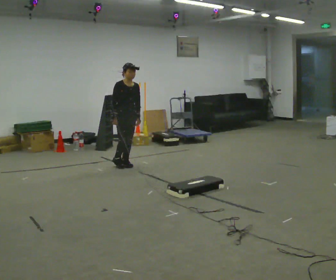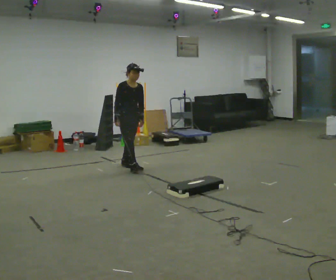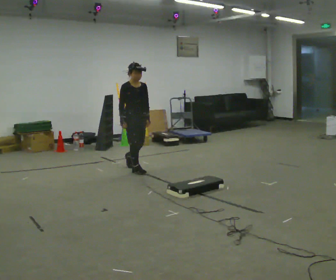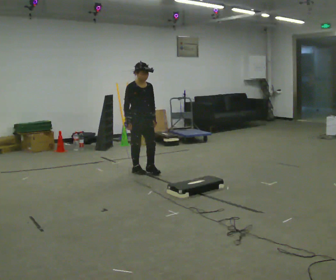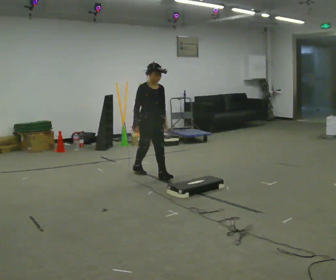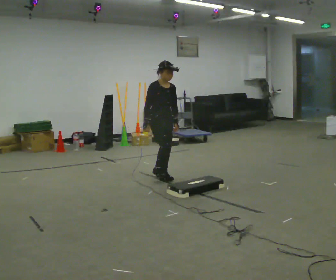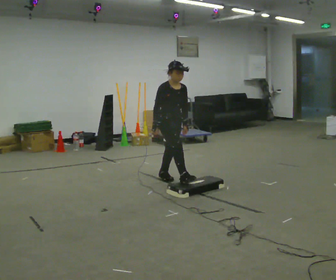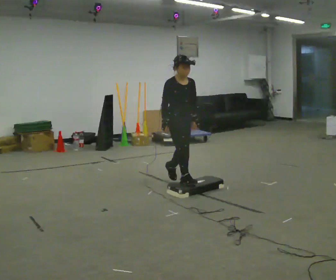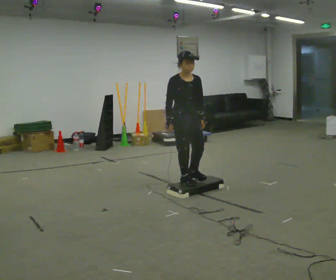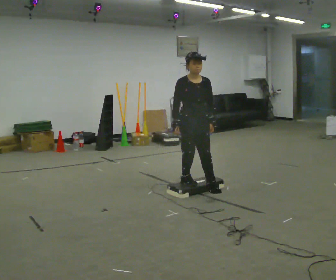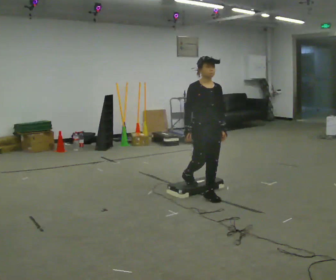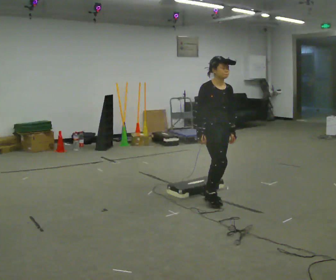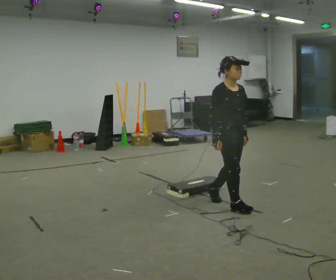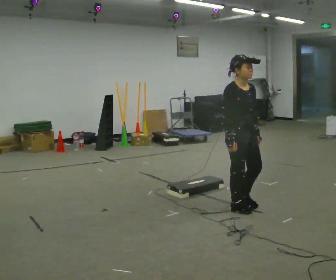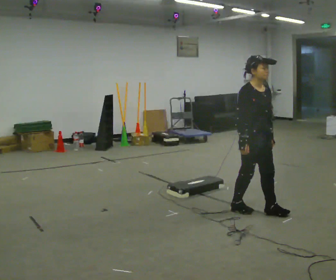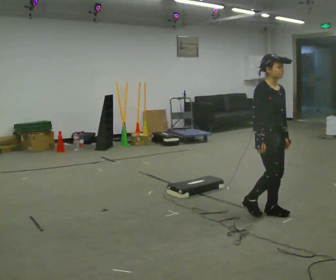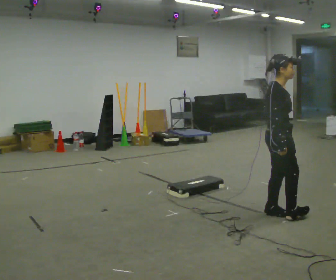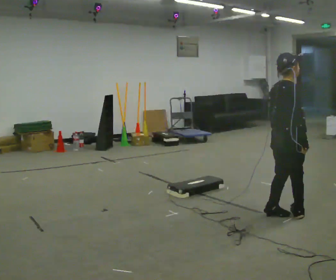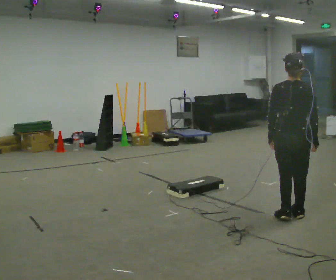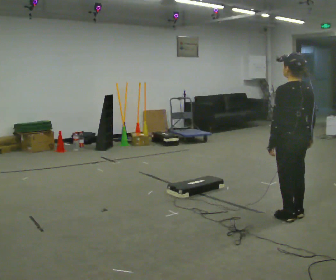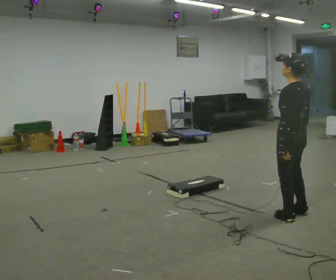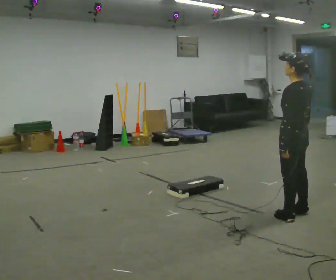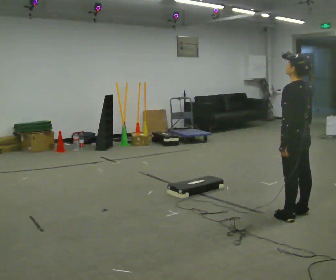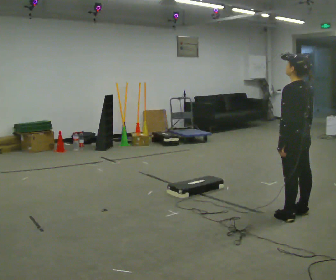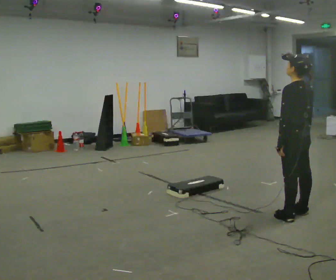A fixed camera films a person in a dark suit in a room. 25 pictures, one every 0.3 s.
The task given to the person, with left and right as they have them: Walk to the platform; step up onto it; step down the other side; continue walking.
0.0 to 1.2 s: In the picture they go toward the camera and to the right, about 0.75 m in 2 steps, which for them is forward.
1.2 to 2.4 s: In the picture they go toward the camera and to the right, about 1 m in 1 step, which for them is forward.
2.4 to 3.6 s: In the picture they go toward the camera and to the right, about 0.5 m in 2 steps, which for them is forward.
3.6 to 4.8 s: The person turns about 45 degrees to their left, counterclockwise seen from above, so the part of the body nearest the lens slides to the right. In the picture they go to the right and toward the camera, about 0.5 m in 1 step, which for them is forward.
4.8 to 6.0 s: The person turns about 150 degrees to their left, counterclockwise seen from above, so the part of the body nearest the lens slides to the right.
6.0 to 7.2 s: The person moves a little, or ends about where they began.
The film runs forward here.
